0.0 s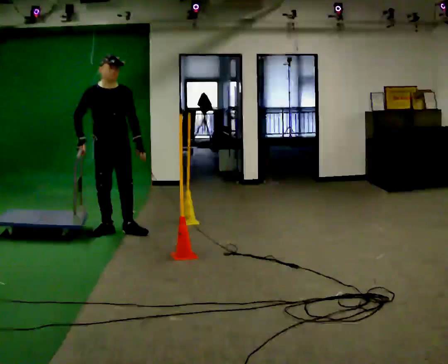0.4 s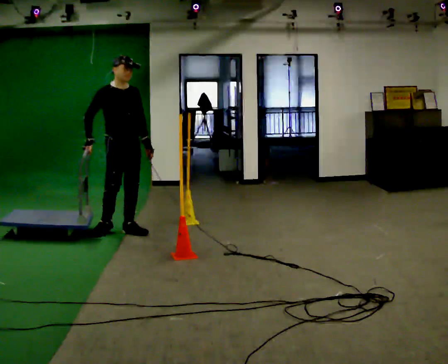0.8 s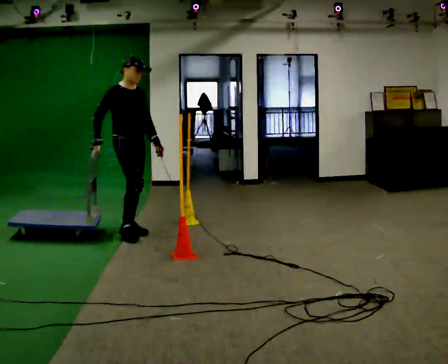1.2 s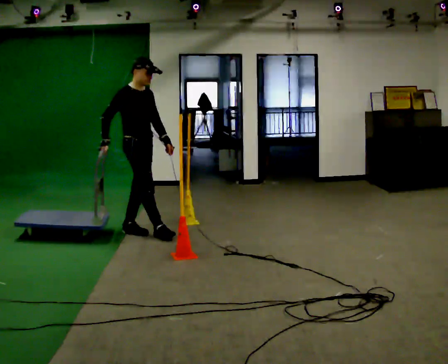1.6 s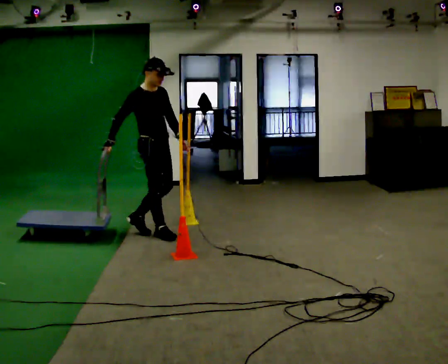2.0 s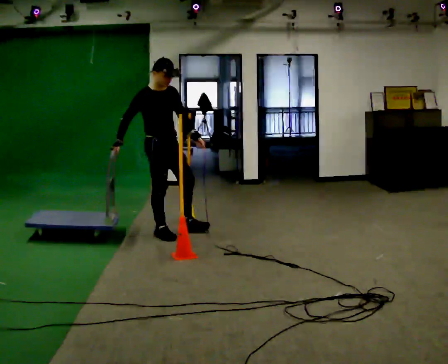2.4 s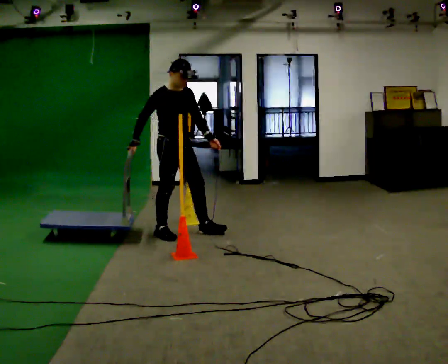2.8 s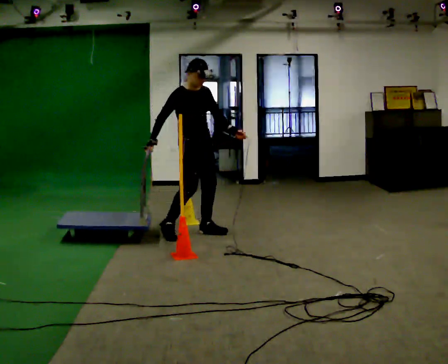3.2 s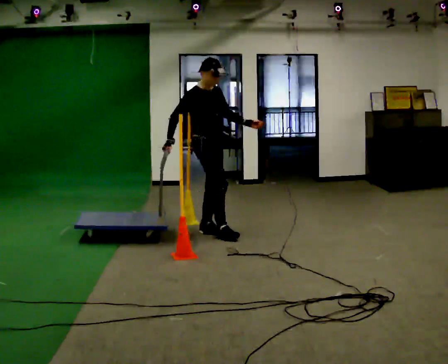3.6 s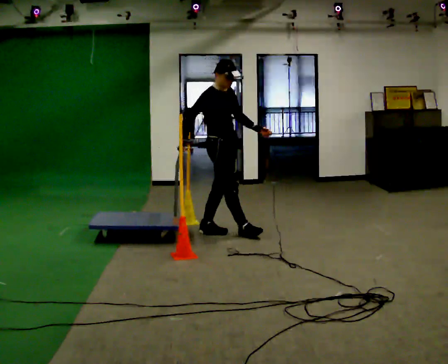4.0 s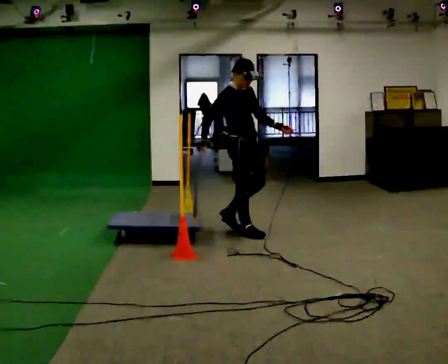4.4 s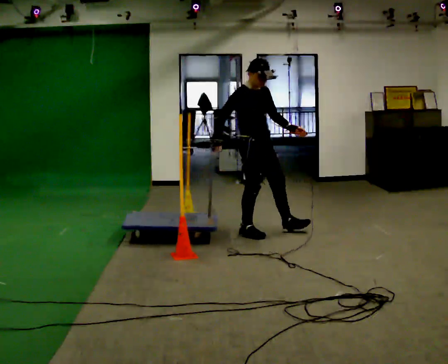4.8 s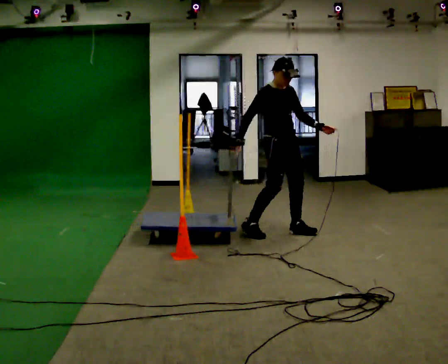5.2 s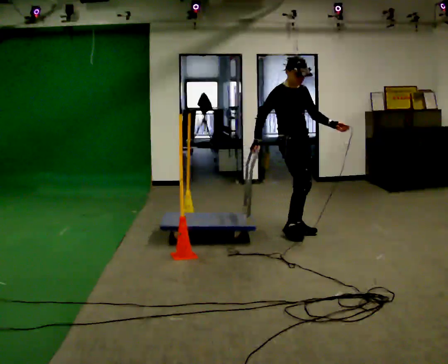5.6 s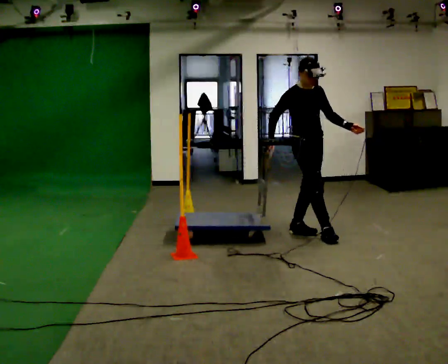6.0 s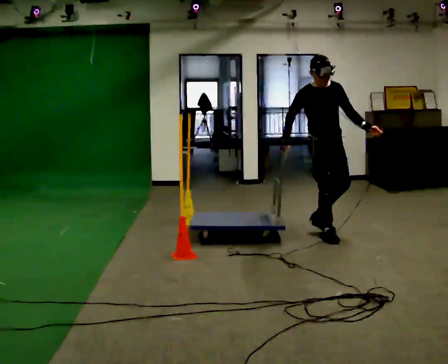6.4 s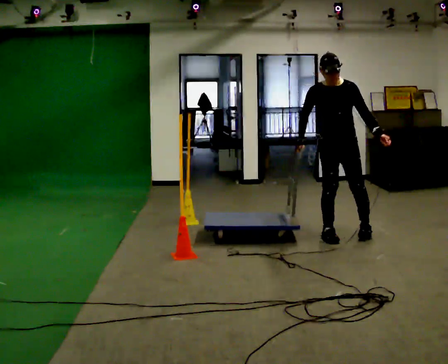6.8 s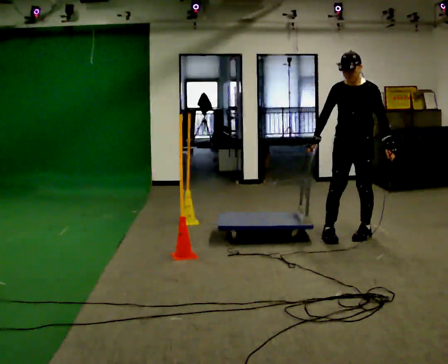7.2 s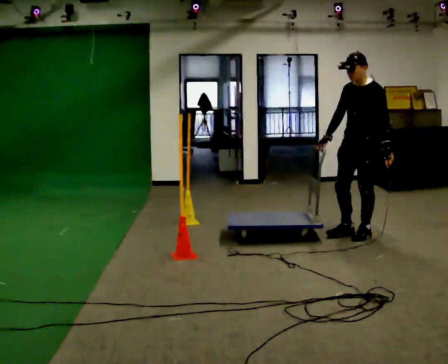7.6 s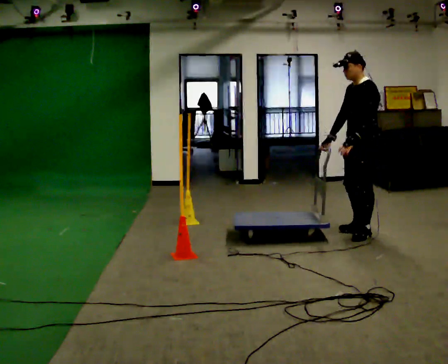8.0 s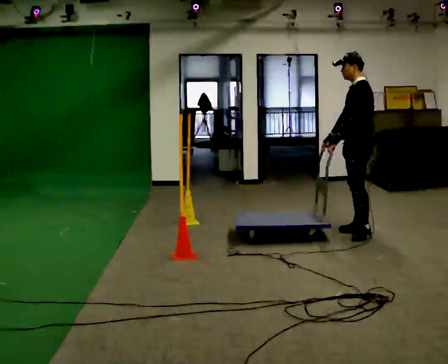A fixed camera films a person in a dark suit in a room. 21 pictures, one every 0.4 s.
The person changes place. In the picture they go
to the right.
0.0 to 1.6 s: Seen from above the body turns counterclockwise, about 30 degrees: to their left, with its near side sliding to the right. In the picture they go to the right, about 0.5 m in 1 step, which for them is forward and to their left.
1.6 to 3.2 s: In the picture they go to the right, about 0.5 m in 1 step, which for them is to their left and forward.
3.2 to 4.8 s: In the picture they go to the right, about 0.75 m in 2 steps, which for them is forward.
4.8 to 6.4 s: The person turns about 45 degrees to their right, clockwise seen from above, so the part of the body nearest the lens slides to the left. In the picture they go to the right, about 0.5 m in 1 step, which for them is forward and to their left.
6.4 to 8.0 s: The person turns about 105 degrees to their right, clockwise seen from above, so the part of the body nearest the lens slides to the left. In the picture they go to the right, about 0.25 m in 2 steps.
The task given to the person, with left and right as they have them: Push the cart through the gap between the poles without touching them, then bring it back through.
The film runs forward here.
